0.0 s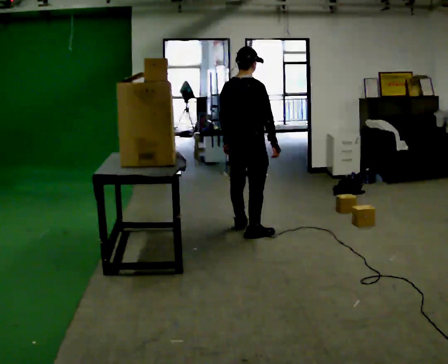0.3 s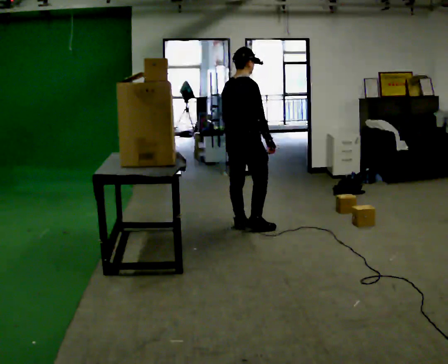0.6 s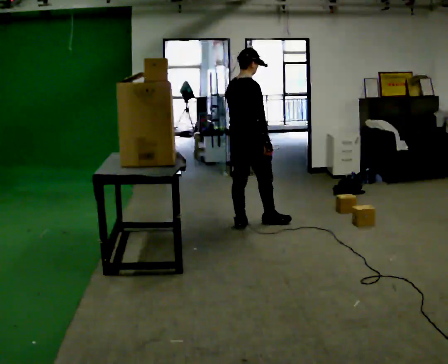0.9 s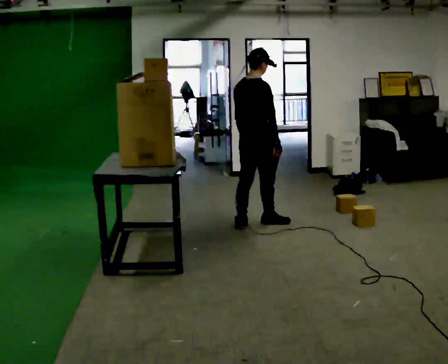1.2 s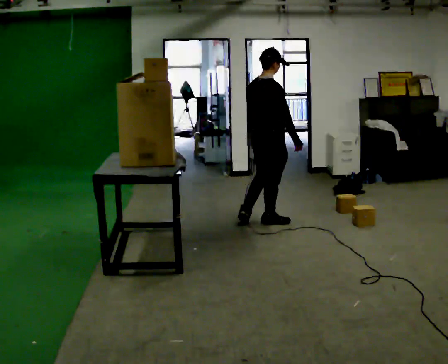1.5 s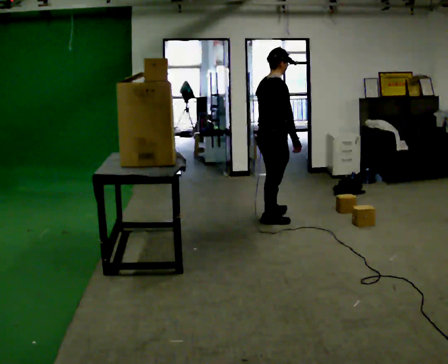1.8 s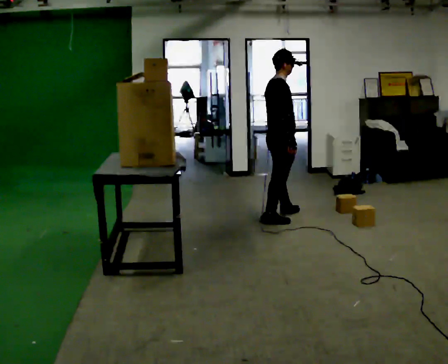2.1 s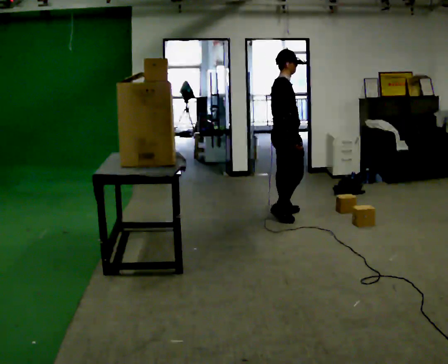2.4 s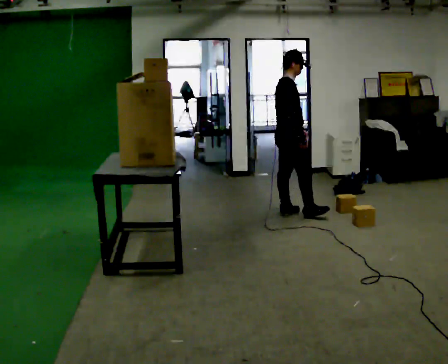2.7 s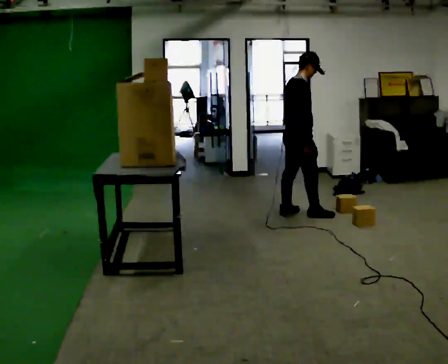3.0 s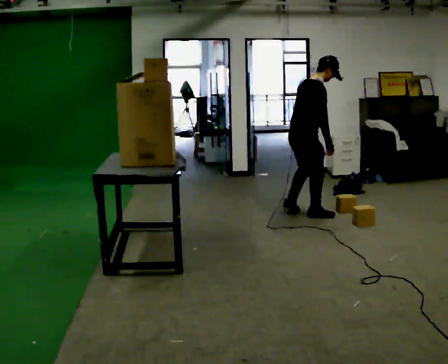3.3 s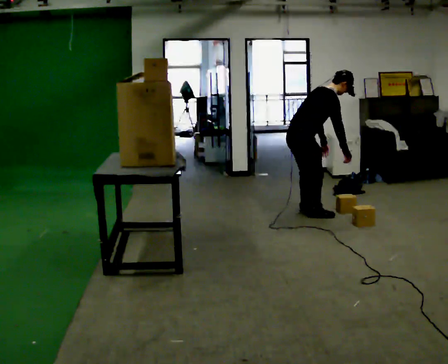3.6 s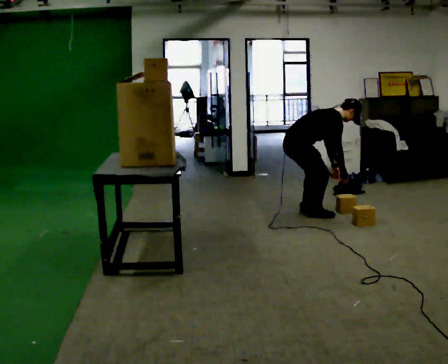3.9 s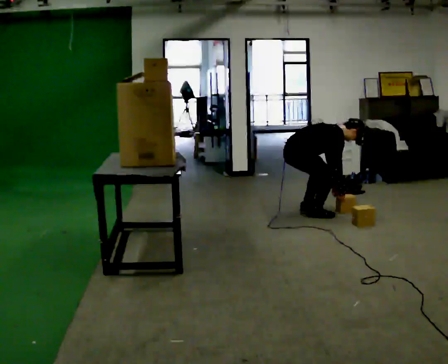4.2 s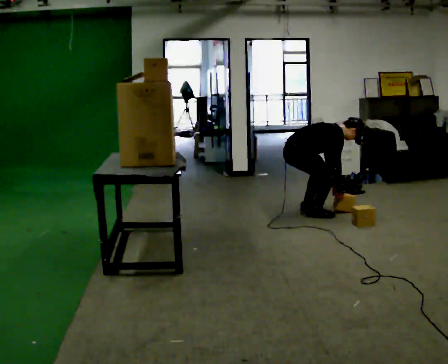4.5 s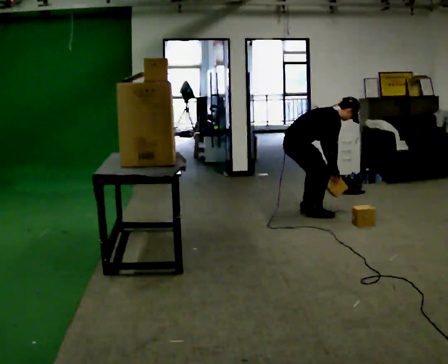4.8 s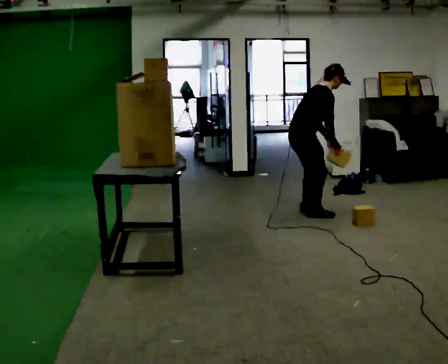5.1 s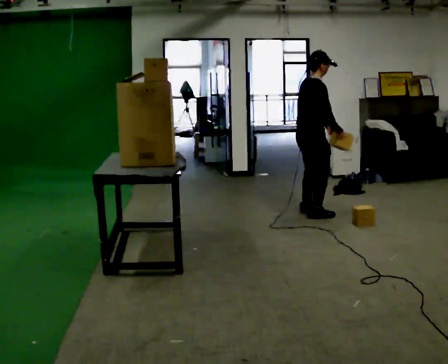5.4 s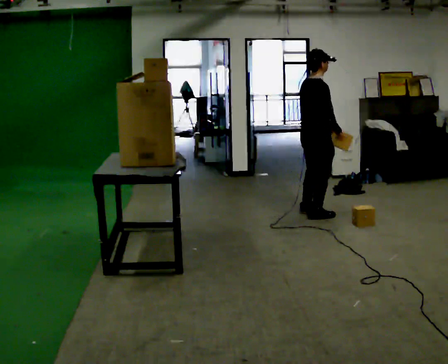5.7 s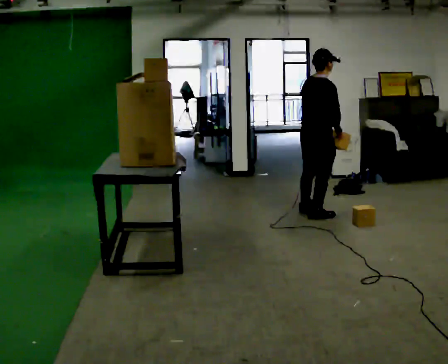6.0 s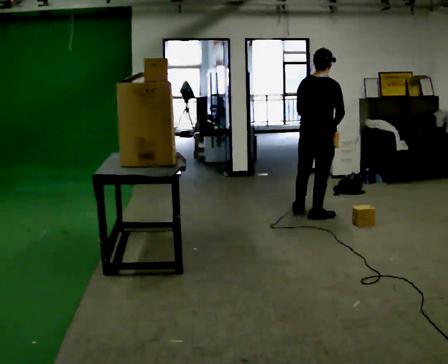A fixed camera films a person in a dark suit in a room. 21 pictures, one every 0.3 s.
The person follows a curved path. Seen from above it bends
clockwise.
0.0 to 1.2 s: In the picture they go away from the camera and to the right, about 0.25 m in 1 step, which for them is forward.
1.2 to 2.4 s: Seen from above the body turns clockwise, about 30 degrees: to their right, with its near side sliding to the left. In the picture they go away from the camera and to the right, about 0.25 m in 1 step, which for them is forward and to their left.
2.4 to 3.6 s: The upper body goes downward. In the picture the upper body tilts clockwise, shoulders to the right, as they bend forward. In the picture their right hand goes to the right and downward.
3.6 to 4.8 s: The person moves a little, or ends about where they began.
4.8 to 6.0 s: The part of the body nearest the lens slides to the right as the person turns to their left by about 45 degrees. In the picture the upper body tilts counterclockwise, shoulders to the left, as they lean back or straighten.
The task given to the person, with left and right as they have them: 1. The operator will tell you the shelf is already sorted and just needs moving to the table. 2. Do what you think is right. 3. Tell the operator when you are finished.
The film runs forward here.
